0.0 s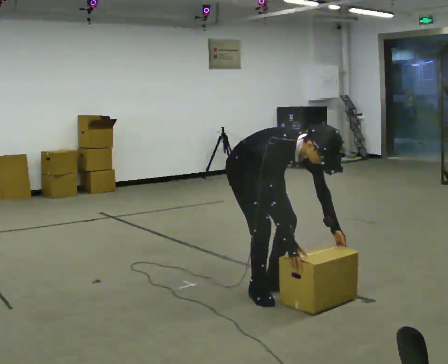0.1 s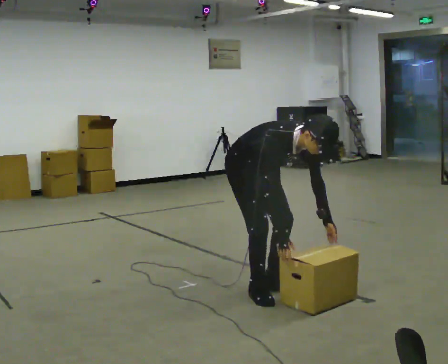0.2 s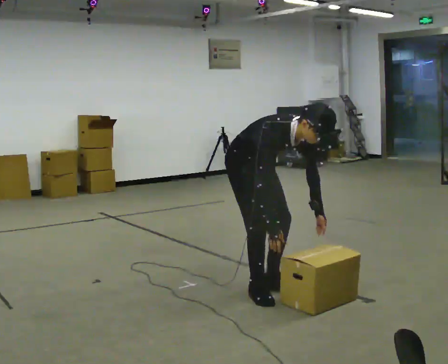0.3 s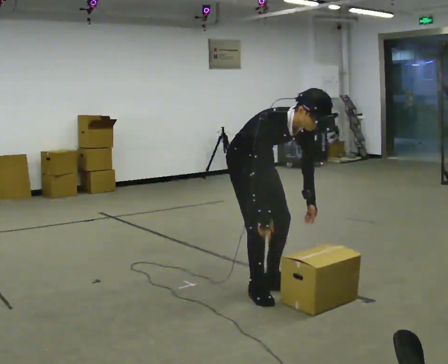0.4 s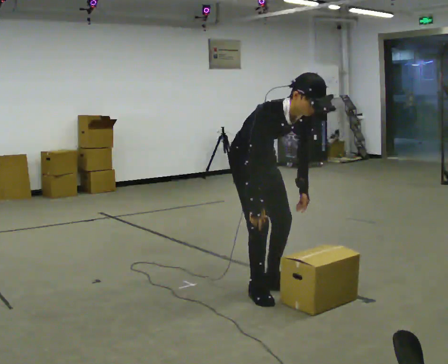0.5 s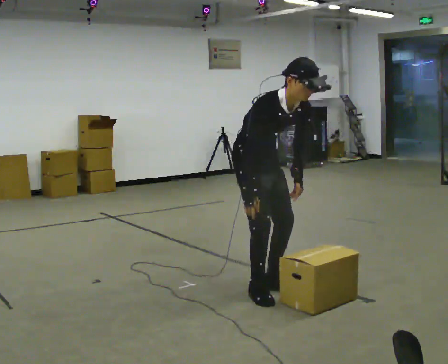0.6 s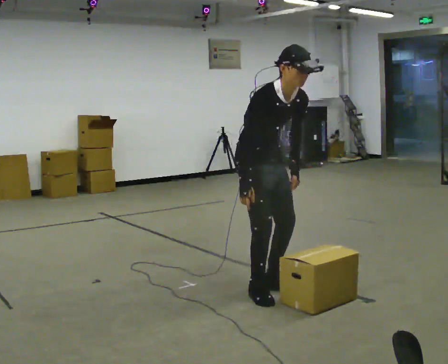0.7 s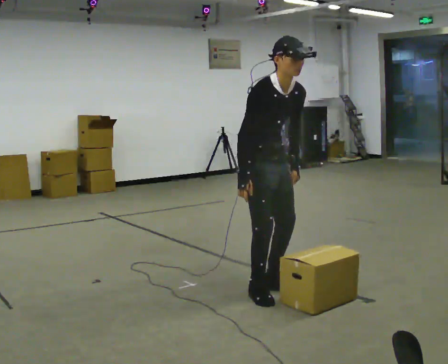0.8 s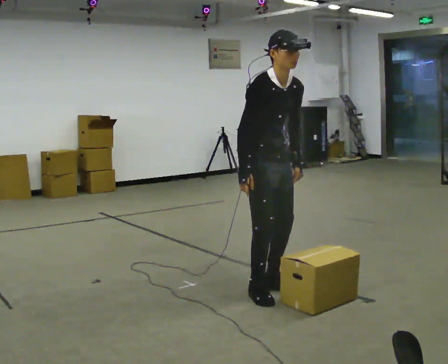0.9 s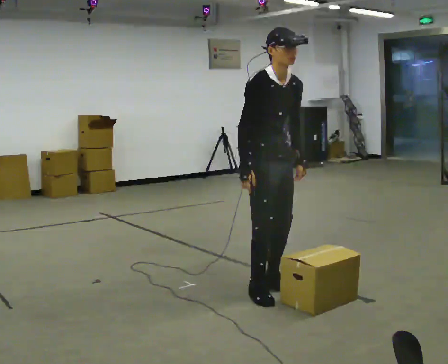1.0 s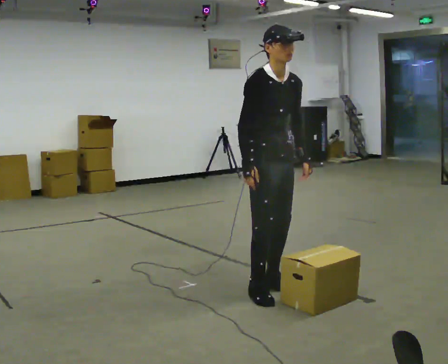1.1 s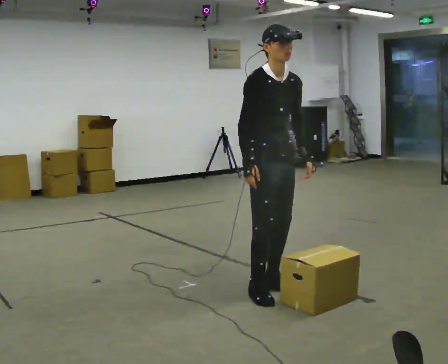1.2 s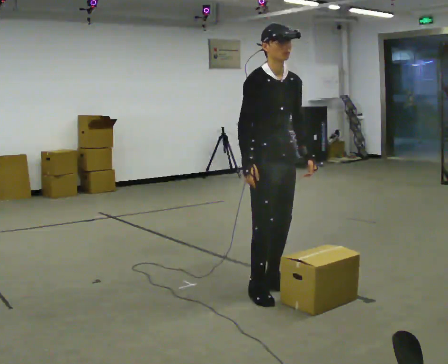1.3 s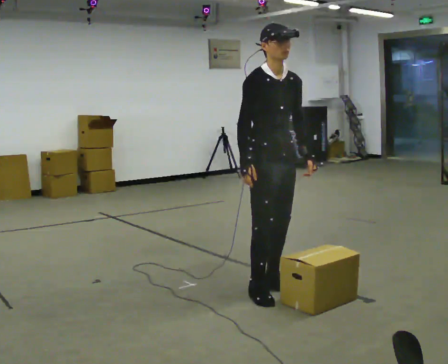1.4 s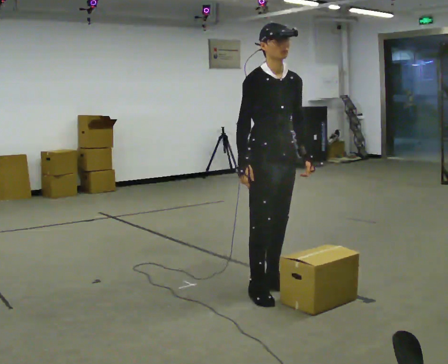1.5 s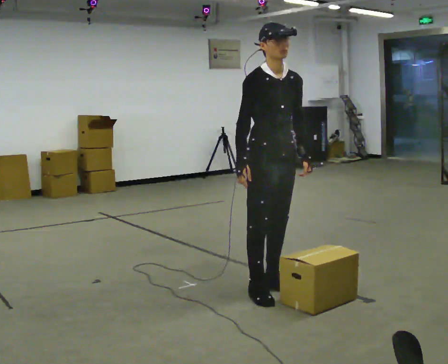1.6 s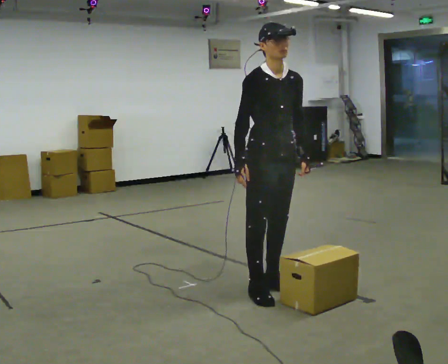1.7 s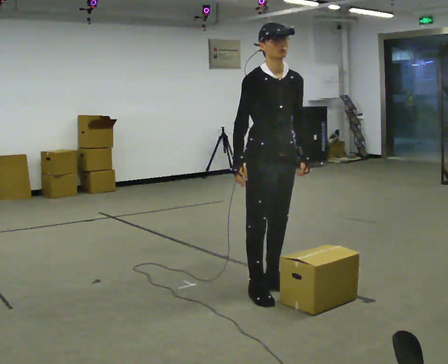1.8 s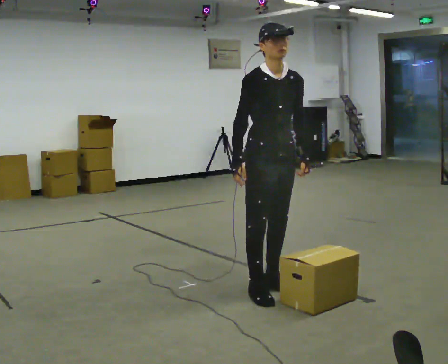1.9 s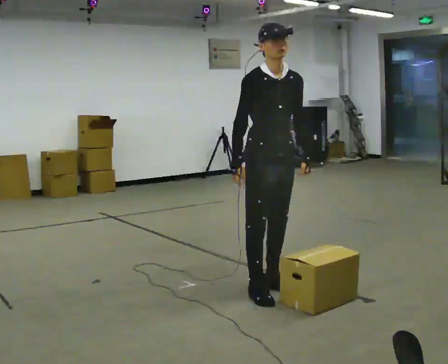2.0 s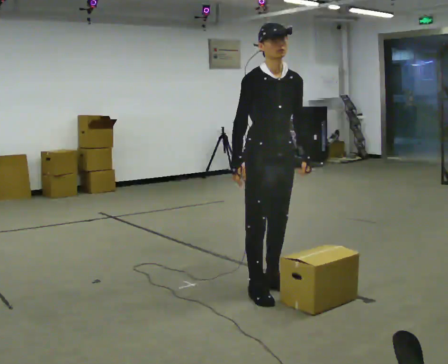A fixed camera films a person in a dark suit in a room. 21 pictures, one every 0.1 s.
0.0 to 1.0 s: The shoulders move upward. The upper body tips away from the camera, its near side rolling upward, as they lean back or straighten. In the picture their right hand goes upward.
1.0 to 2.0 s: The person moves a little, or ends about where they began.
The film runs forward here.
